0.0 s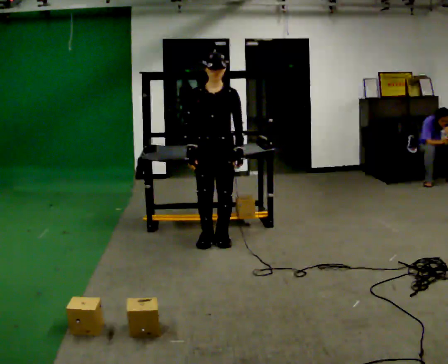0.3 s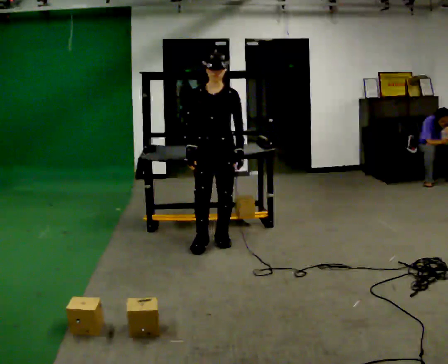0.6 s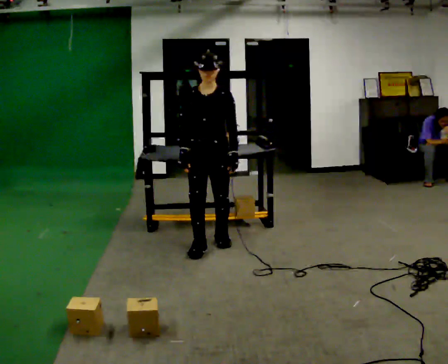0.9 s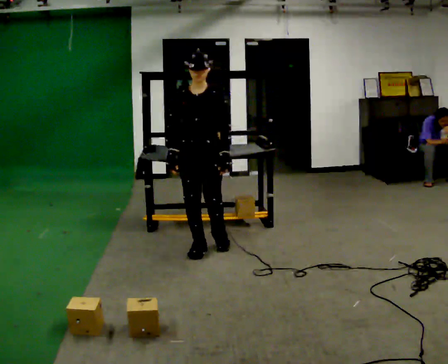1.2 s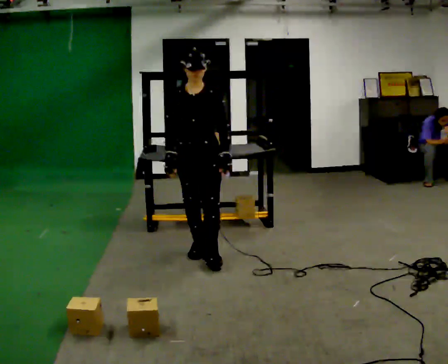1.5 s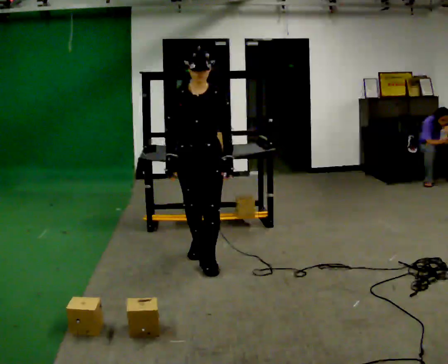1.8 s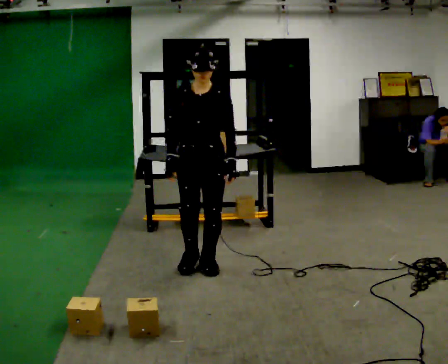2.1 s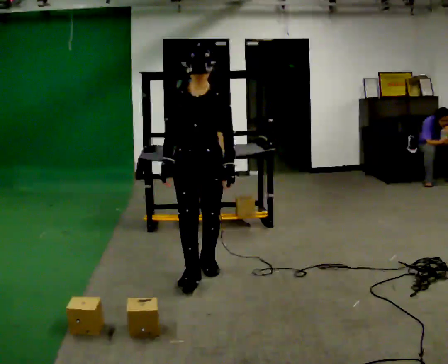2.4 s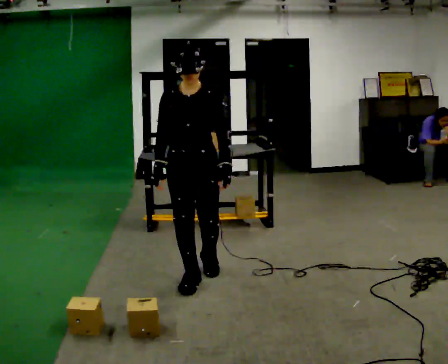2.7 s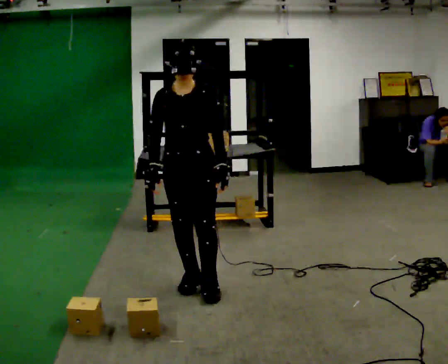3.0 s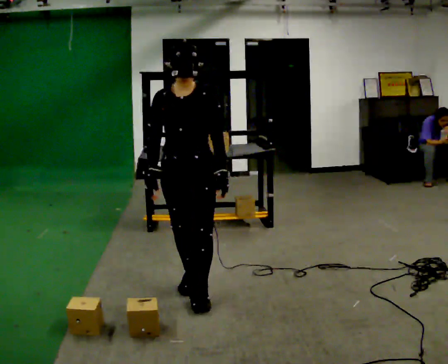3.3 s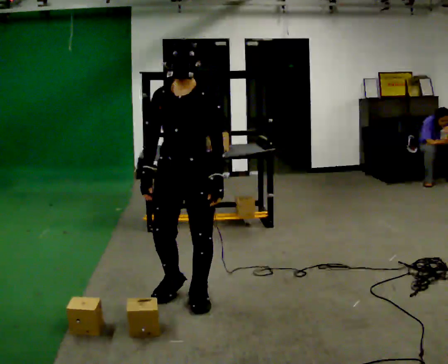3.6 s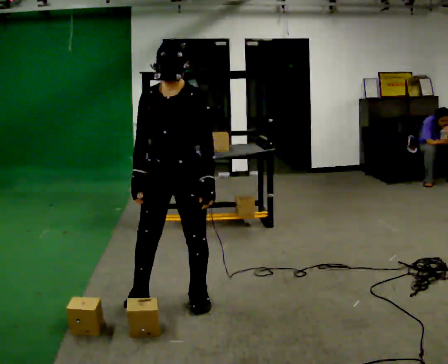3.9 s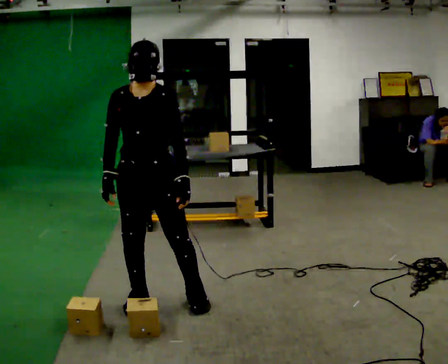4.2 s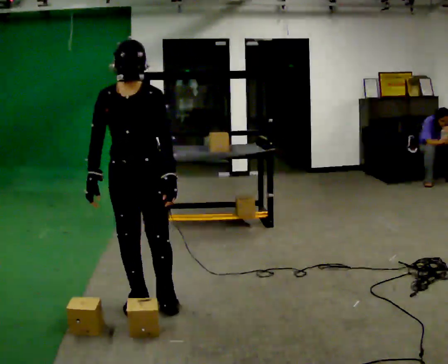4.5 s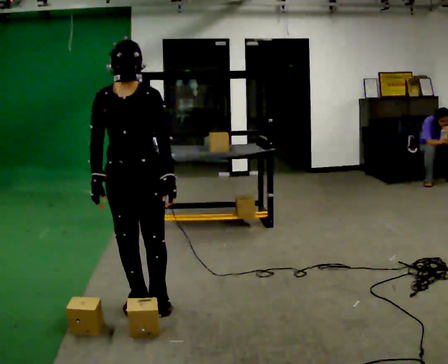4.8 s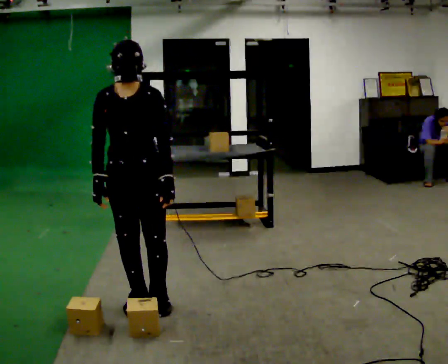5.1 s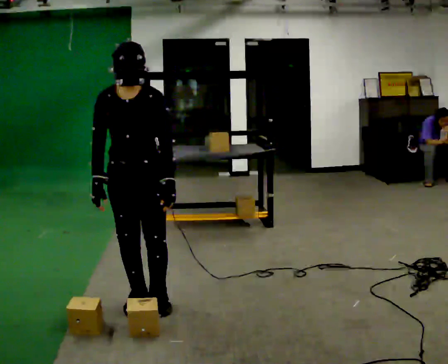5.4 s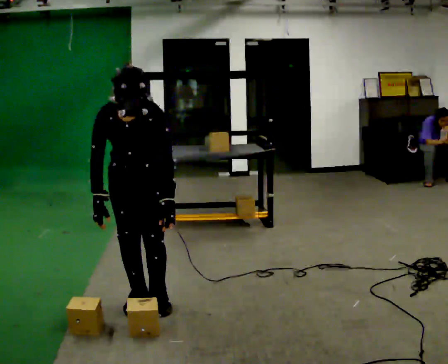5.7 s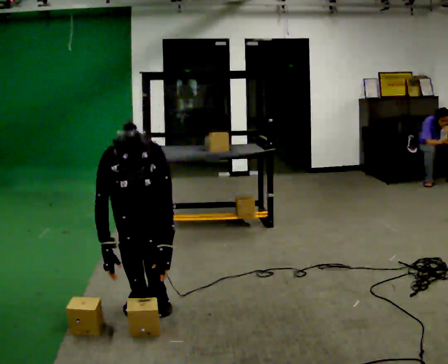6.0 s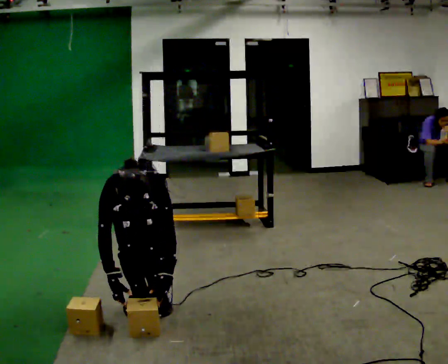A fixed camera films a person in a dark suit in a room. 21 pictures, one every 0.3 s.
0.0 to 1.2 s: In the picture they go toward the camera, about 0.25 m in 1 step, which for them is forward.
1.2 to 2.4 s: In the picture they go toward the camera, about 0.5 m in 2 steps, which for them is forward.
2.4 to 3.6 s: In the picture they go toward the camera, about 0.5 m in 2 steps, which for them is forward.
3.6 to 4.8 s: In the picture they go to the left, about 0.25 m in 1 step, which for them is to their right.
4.8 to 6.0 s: The shoulders move downward. The upper body tips toward the camera, its near side rolling downward, as they bend forward. In the picture their right hand goes downward.
The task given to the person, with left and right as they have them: 1. The operator will tell you the shelf is already sorted and just needs moving to the table. 2. Do what you think is right. 3. Tell the operator when you are finished.
The film runs forward here.
